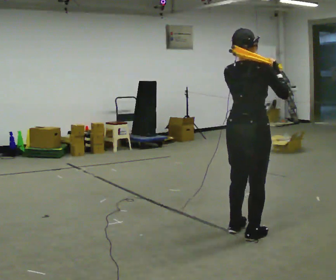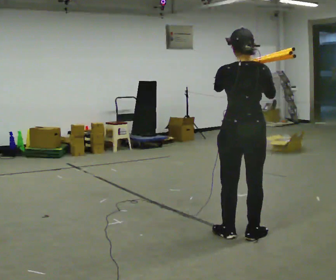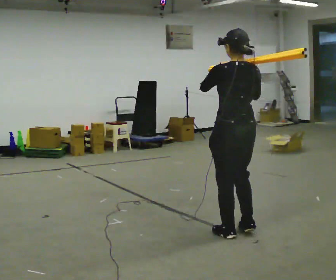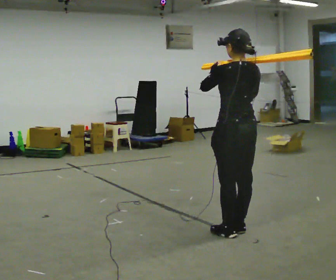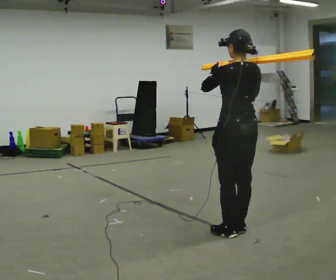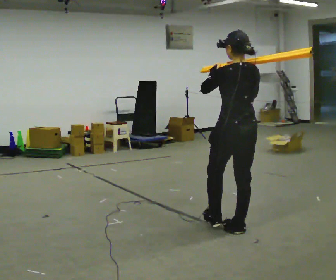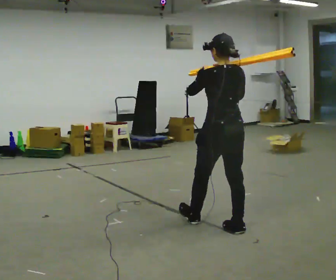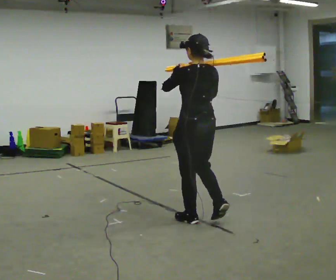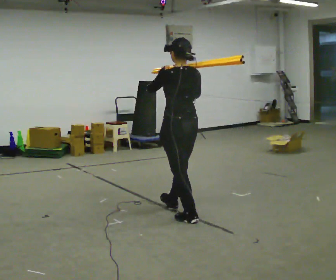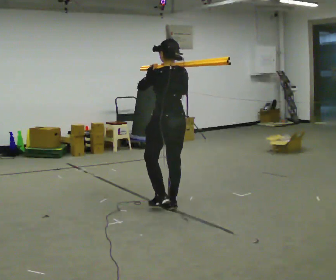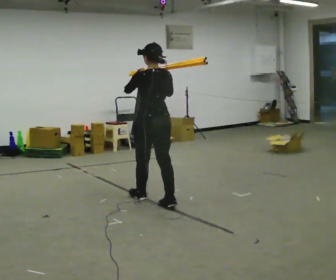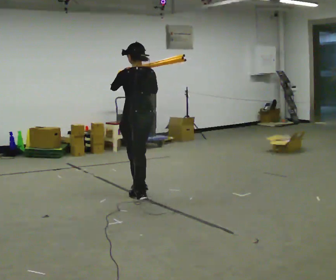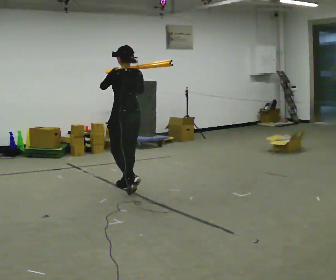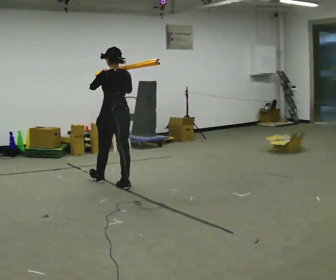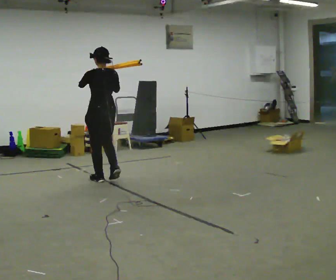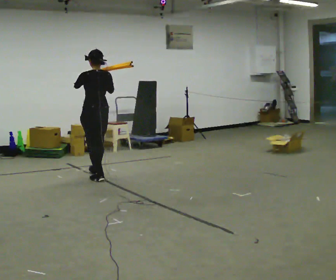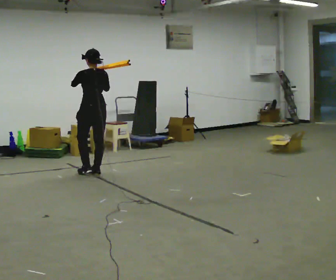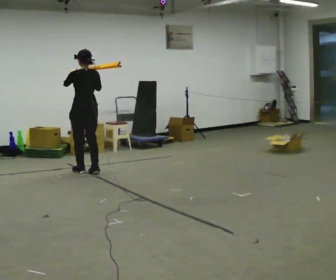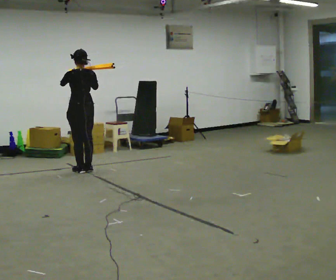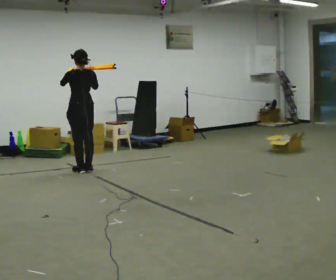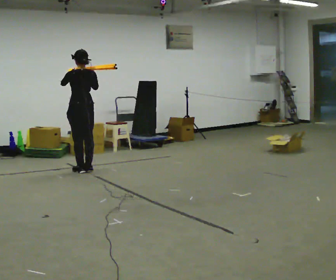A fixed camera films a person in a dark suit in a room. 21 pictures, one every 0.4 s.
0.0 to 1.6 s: Seen from above the body turns counterclockwise, about 60 degrees: to their left, with its near side sliding to the right. In the picture their left hand goes to the left.
1.6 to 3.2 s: In the picture they go away from the camera and to the left, about 0.75 m in 1 step, which for them is forward.
3.2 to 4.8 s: In the picture they go away from the camera and to the left, about 1 m in 3 steps, which for them is forward.
4.8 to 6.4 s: In the picture they go away from the camera and to the left, about 1 m in 2 steps, which for them is forward.
6.4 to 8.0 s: In the picture they go away from the camera and to the left, about 0.25 m in 2 steps, which for them is forward.
The film runs forward here.
